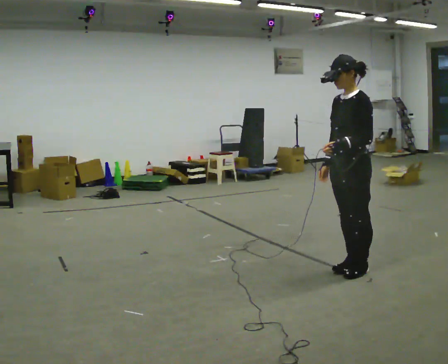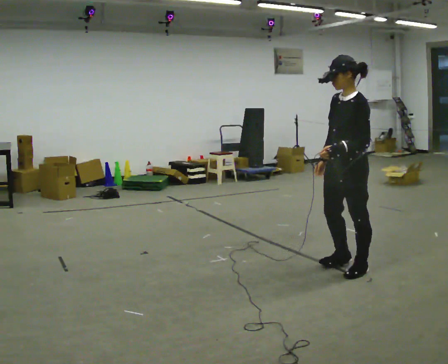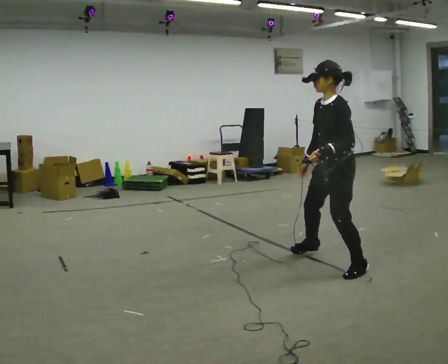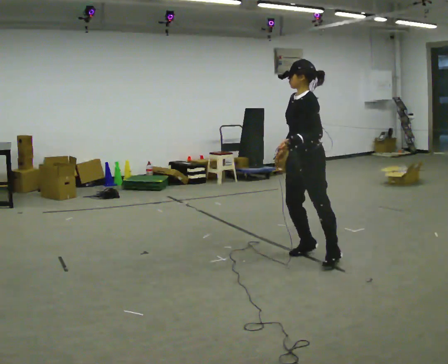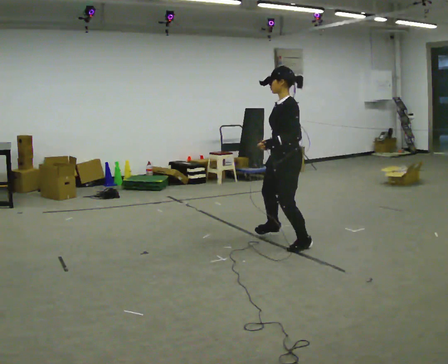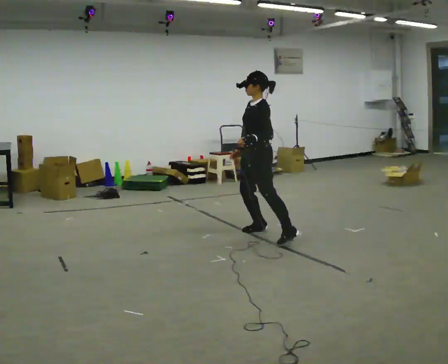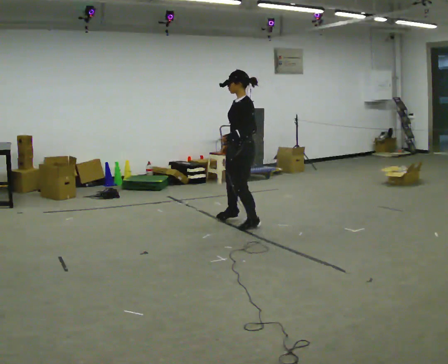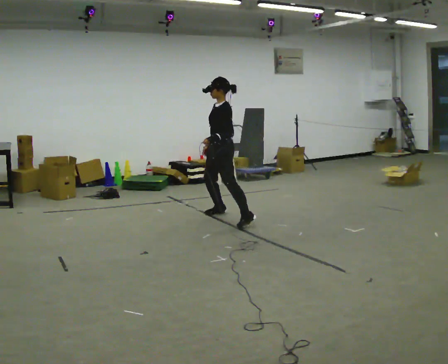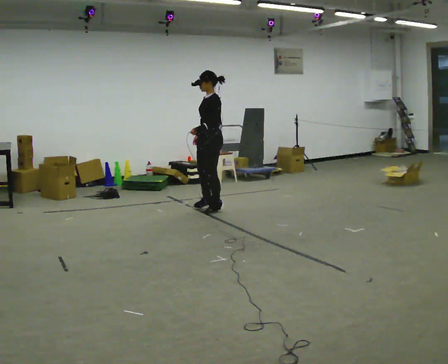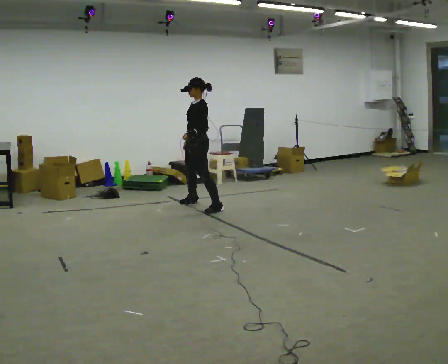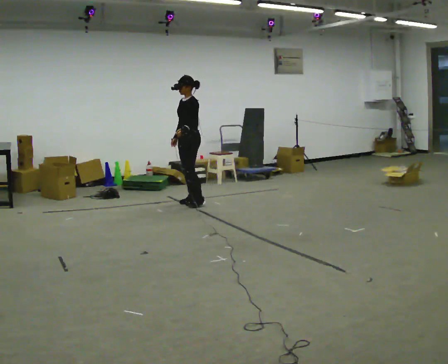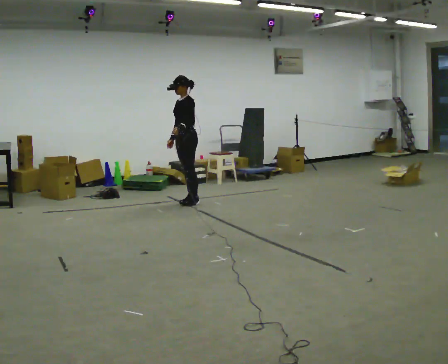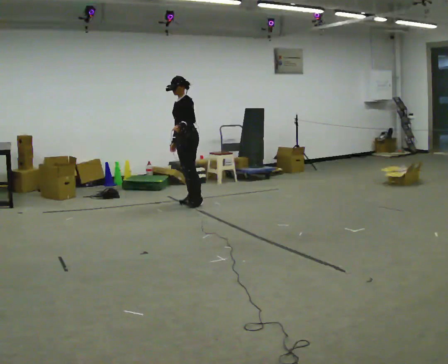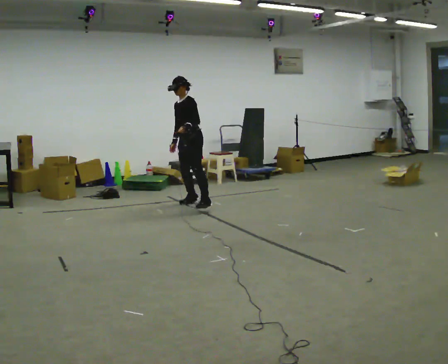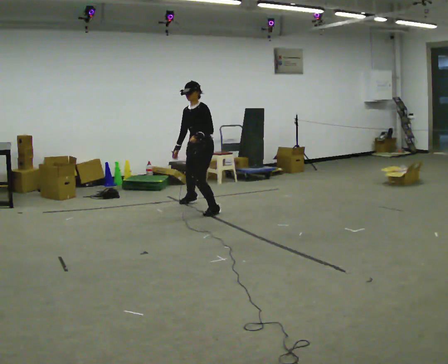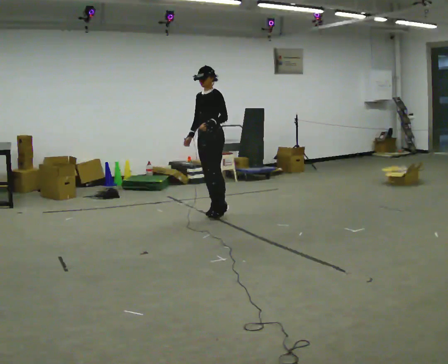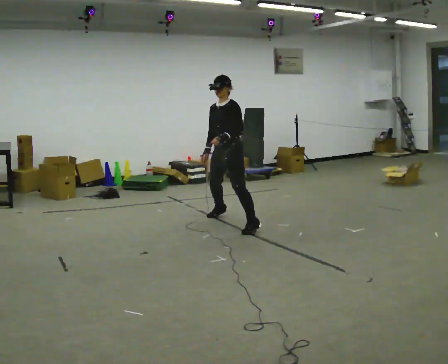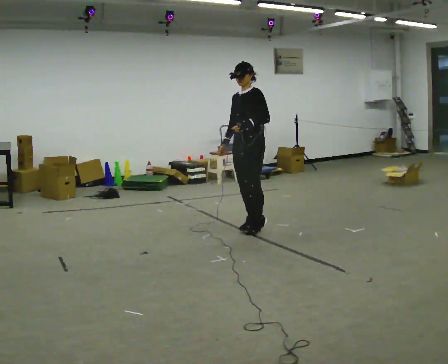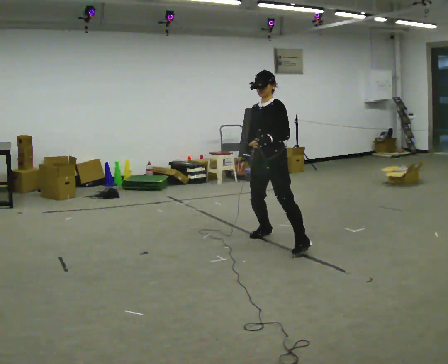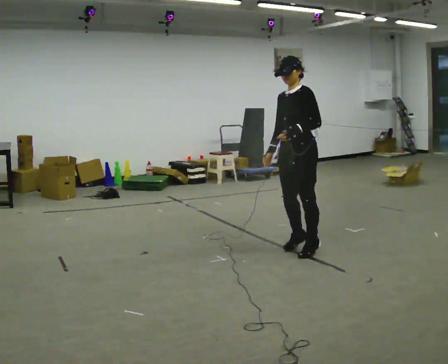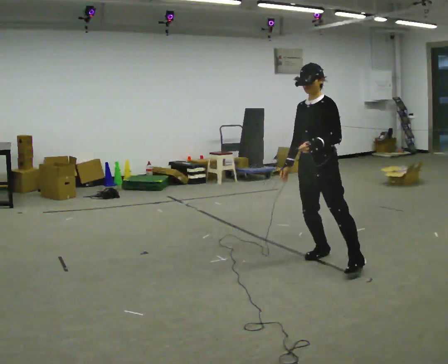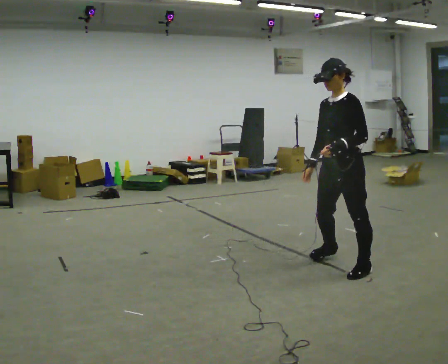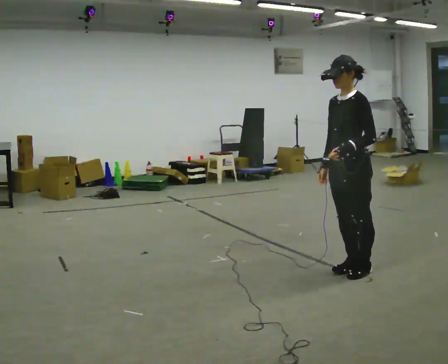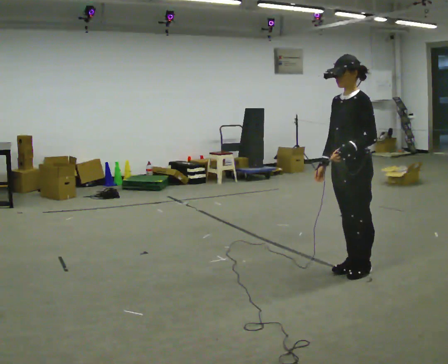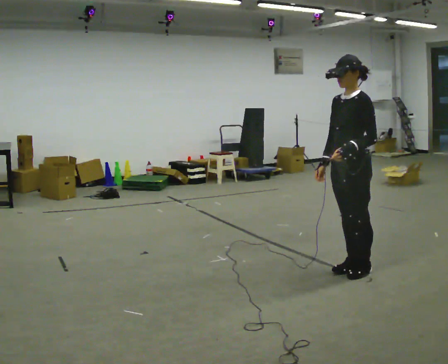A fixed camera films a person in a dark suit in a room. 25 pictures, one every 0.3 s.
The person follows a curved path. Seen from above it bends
counterclockwise.
0.0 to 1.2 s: In the picture they go away from the camera and to the left, about 1 m in 2 steps, which for them is to their right.
1.2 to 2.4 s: In the picture they go away from the camera and to the left, about 1.5 m in 3 steps, which for them is to their right.
2.4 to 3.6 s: In the picture they go away from the camera and to the left, about 0.5 m in 3 steps, which for them is to their right.
3.6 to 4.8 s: In the picture they go toward the camera and to the right, about 1 m in 2 steps, which for them is to their left.
4.8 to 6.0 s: In the picture they go toward the camera and to the right, about 1.5 m in 4 steps, which for them is to their left.
6.0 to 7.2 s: In the picture they go toward the camera, about 0.25 m in 2 steps, which for them is to their left.
The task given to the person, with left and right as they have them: Gallop forward leading with the leg the operator calls, keeping the same leg in front throughout.
The film runs forward here.
